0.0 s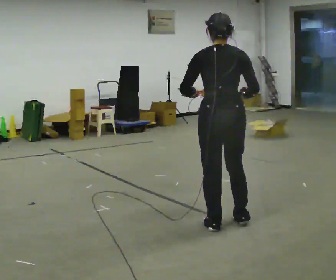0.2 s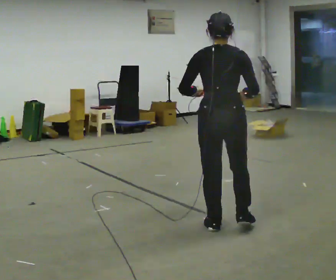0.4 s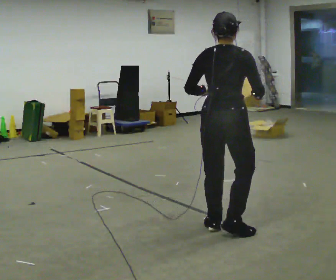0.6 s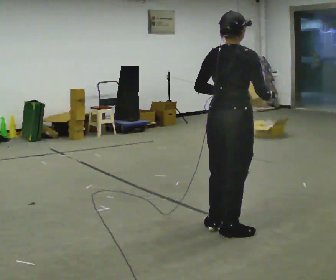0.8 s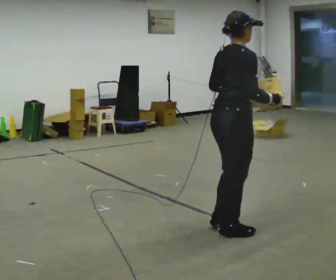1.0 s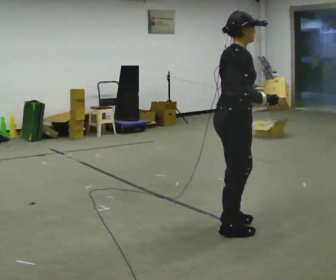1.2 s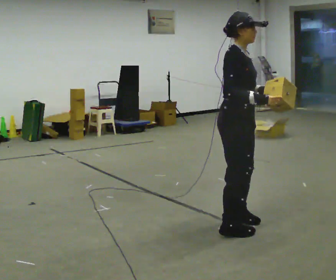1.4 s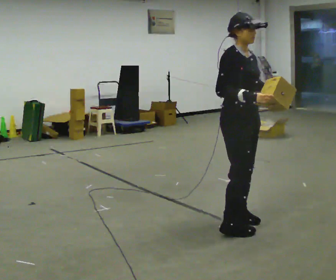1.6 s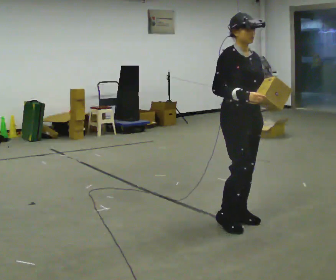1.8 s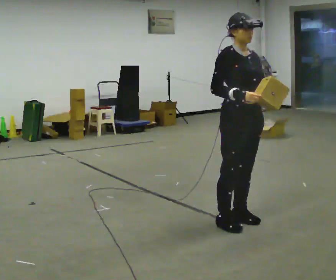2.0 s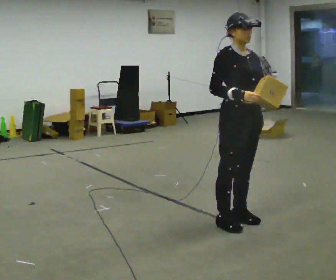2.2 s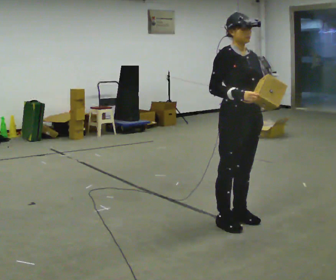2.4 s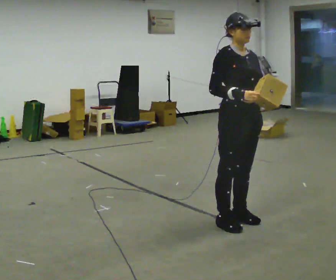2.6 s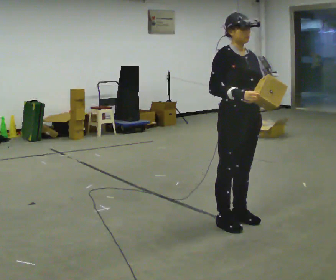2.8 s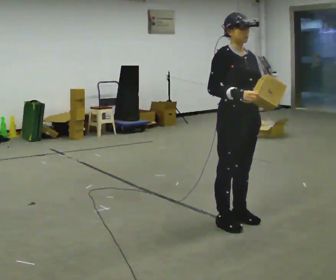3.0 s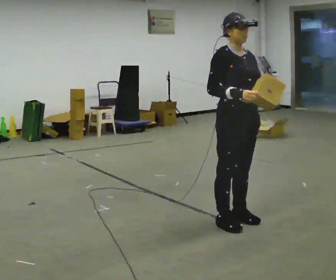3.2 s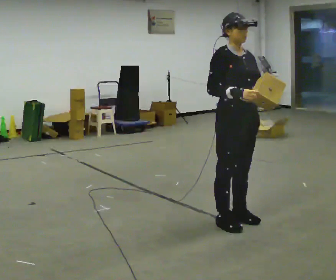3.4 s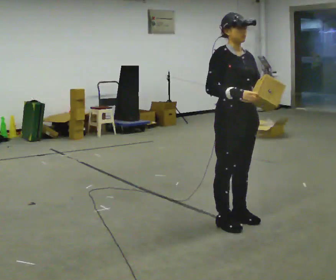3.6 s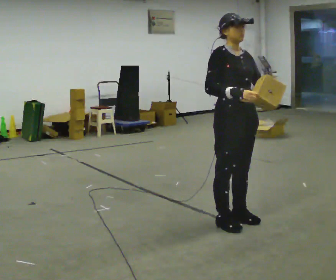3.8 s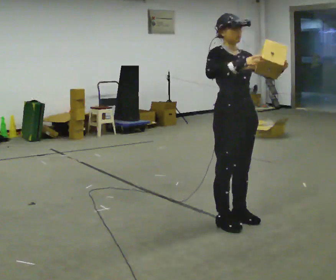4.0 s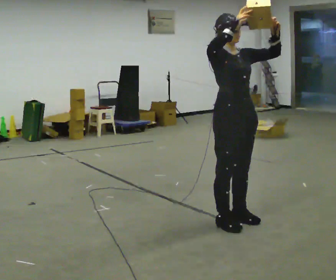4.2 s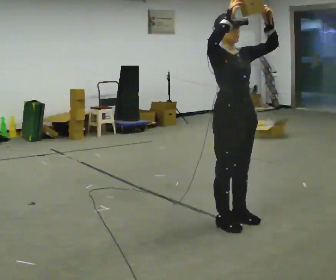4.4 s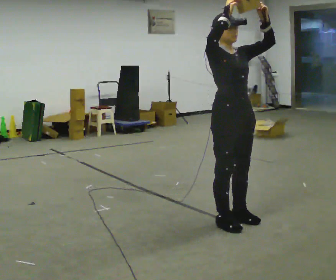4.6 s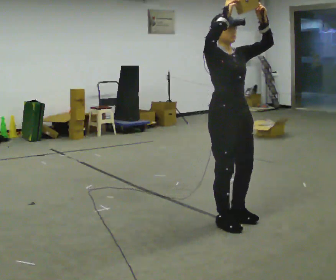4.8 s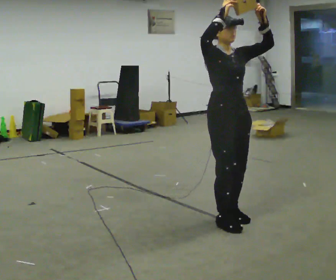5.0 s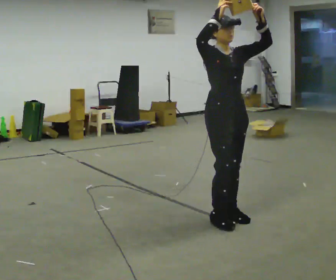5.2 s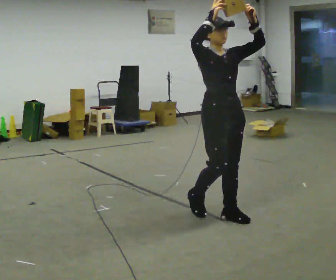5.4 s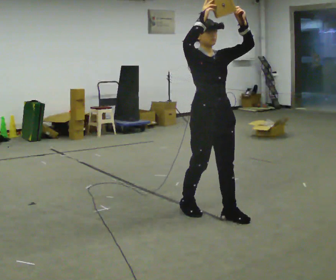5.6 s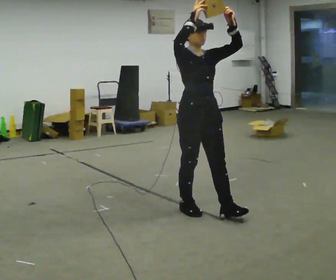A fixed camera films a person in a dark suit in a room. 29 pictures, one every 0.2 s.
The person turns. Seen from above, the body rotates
clockwise.
The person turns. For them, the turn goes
to their right.
0.0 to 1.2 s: The person turns about 105 degrees to their right, clockwise seen from above, so the part of the body nearest the lens slides to the left. In the picture their left hand goes to the right.
1.2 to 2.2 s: The part of the body nearest the lens slides to the left as the person turns to their right by about 30 degrees.
2.2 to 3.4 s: The person keeps their place and pose.
3.4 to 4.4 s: In the picture their right hand goes upward.
4.4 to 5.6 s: In the picture they go to the left and away from the camera, about 0.25 m in 2 steps, which for them is backward.
The film runs backward here.
